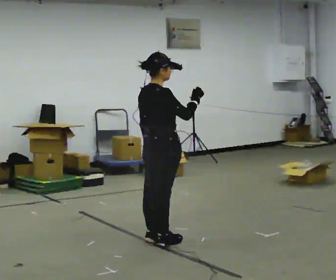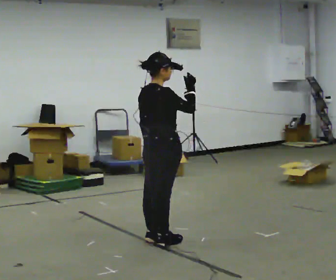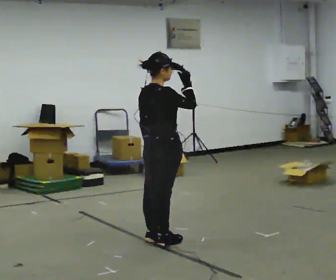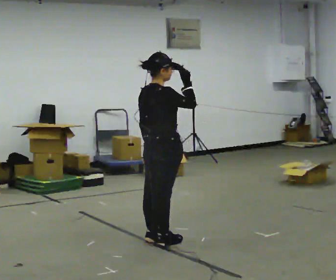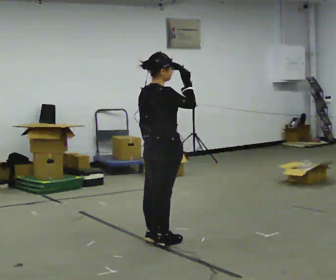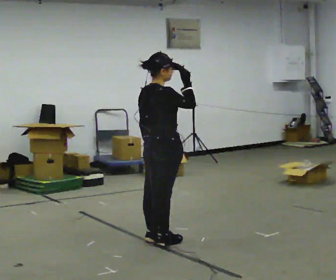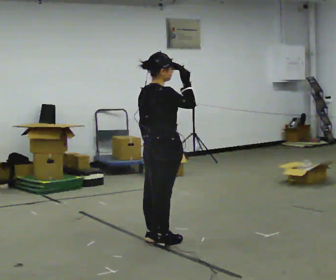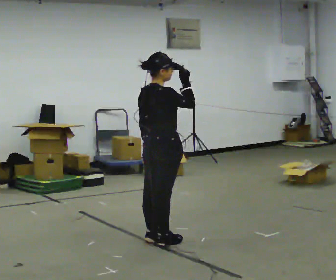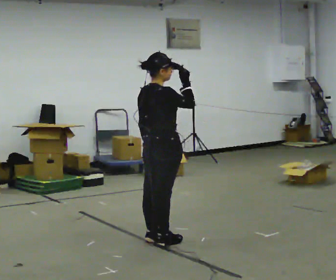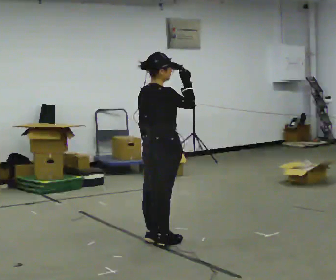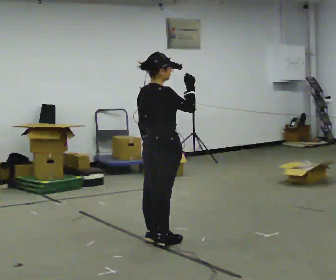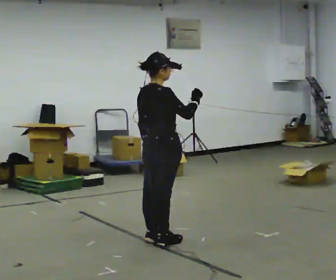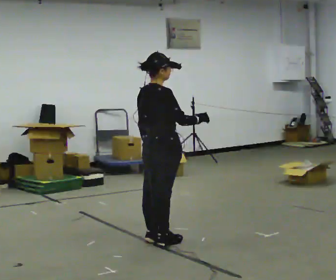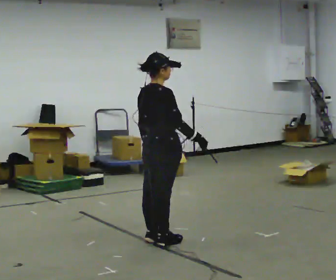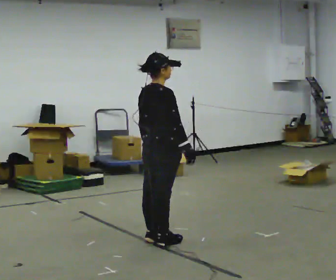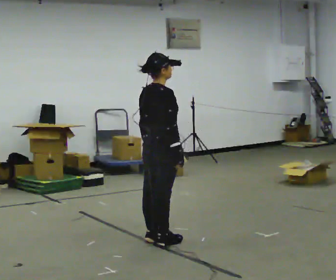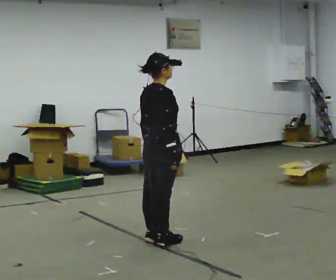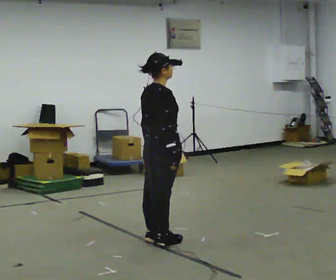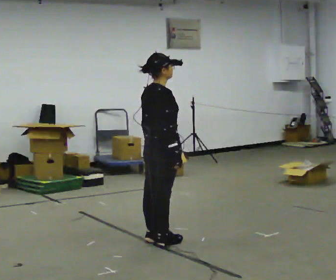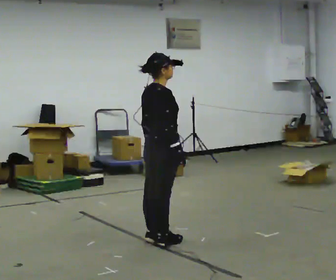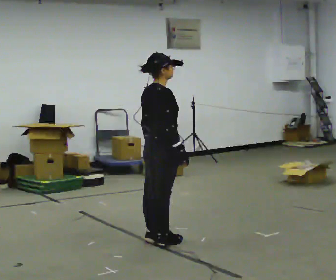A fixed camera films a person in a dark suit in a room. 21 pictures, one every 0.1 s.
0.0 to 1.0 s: The person moves a little, or ends about where they began.
1.0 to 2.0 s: In the picture their right hand goes downward.
The film runs forward here.
